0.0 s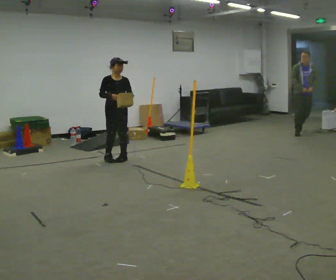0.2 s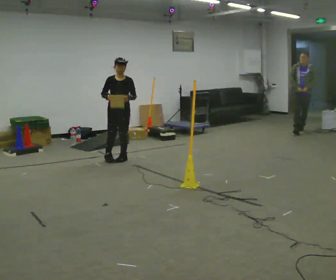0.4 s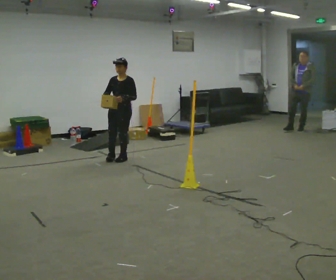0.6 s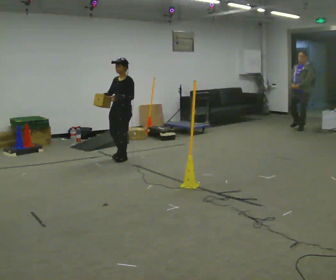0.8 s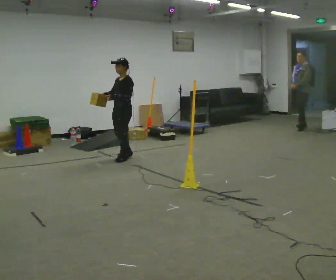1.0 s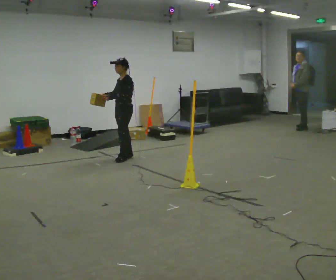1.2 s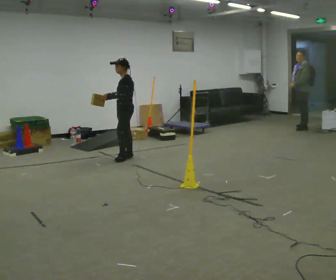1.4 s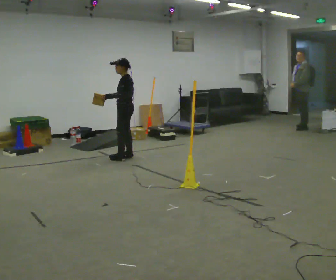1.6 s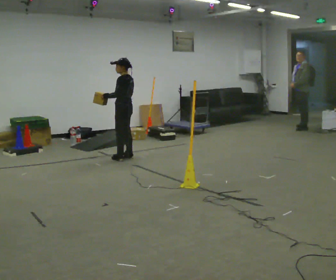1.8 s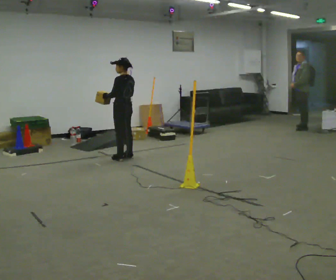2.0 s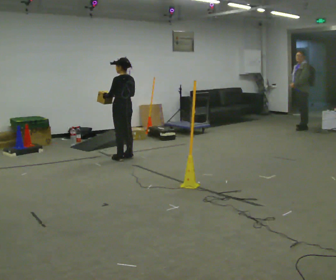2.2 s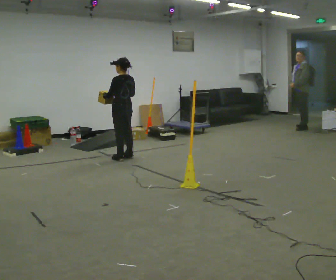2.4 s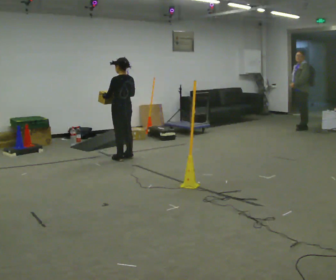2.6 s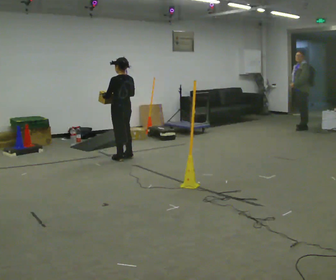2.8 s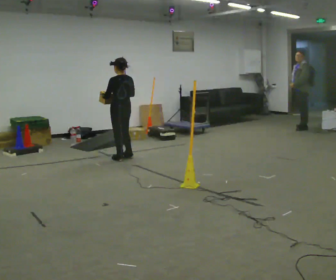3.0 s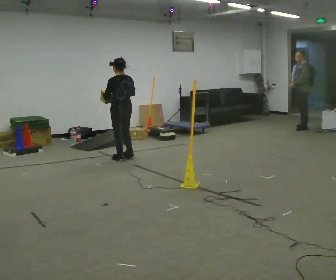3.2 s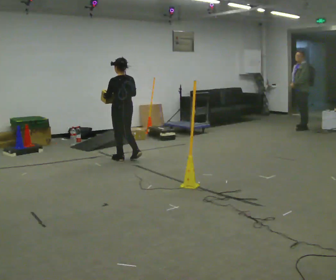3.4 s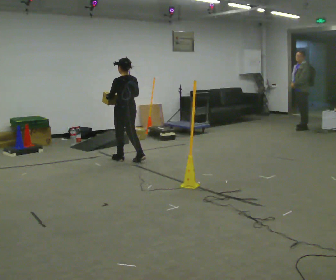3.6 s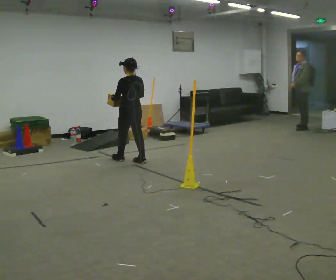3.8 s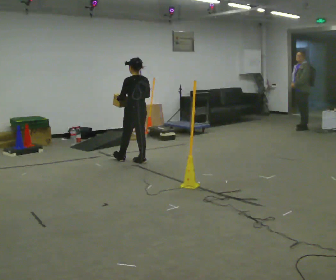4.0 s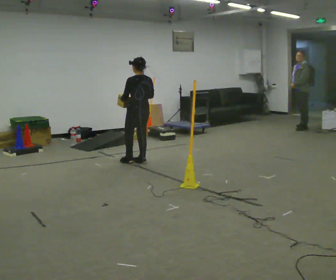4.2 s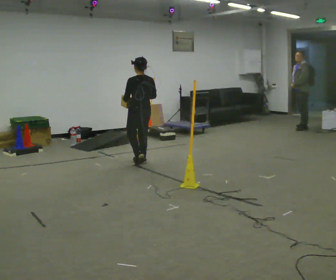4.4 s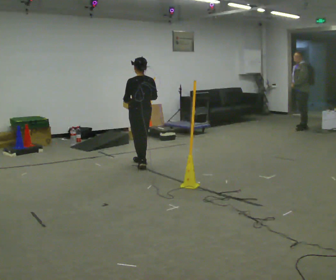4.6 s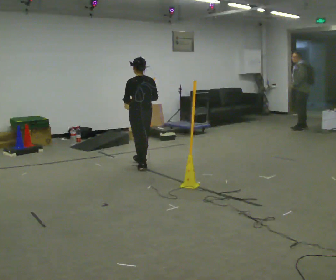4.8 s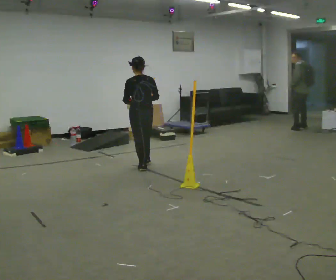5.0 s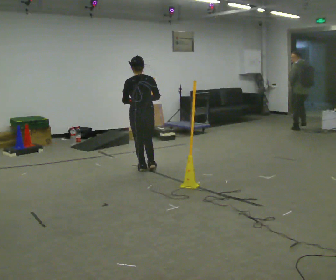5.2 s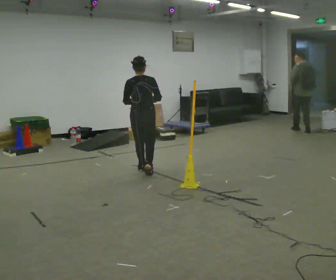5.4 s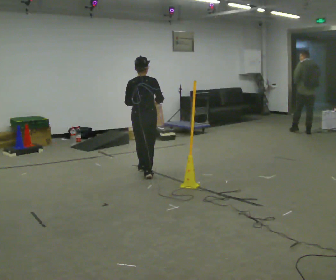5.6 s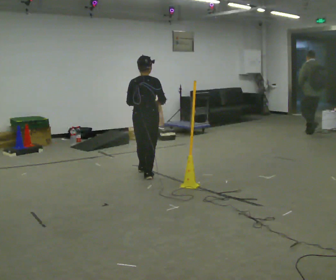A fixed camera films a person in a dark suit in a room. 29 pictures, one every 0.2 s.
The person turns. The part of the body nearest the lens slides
to the left.
The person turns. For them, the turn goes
to their right.
0.0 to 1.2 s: Seen from above the body turns clockwise, about 90 degrees: to their right, with its near side sliding to the left. In the picture they go to the right, about 0.25 m in 1 step.
1.2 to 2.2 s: The part of the body nearest the lens slides to the left as the person turns to their right by about 60 degrees.
2.2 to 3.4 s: The person moves a little, or ends about where they began.
3.4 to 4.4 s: In the picture they go toward the camera and to the right, about 0.25 m in 1 step, which for them is backward.
4.4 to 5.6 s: The person turns about 30 degrees to their right, clockwise seen from above, so the part of the body nearest the lens slides to the left. In the picture they go toward the camera, about 0.5 m in 2 steps, which for them is backward.
The film runs backward here.
